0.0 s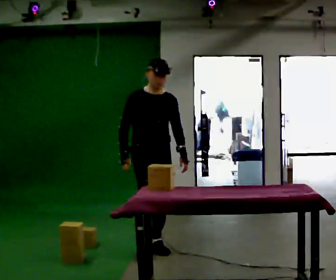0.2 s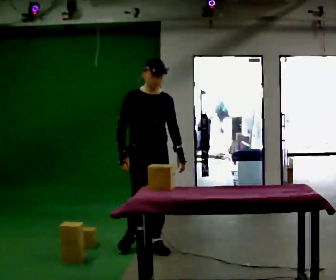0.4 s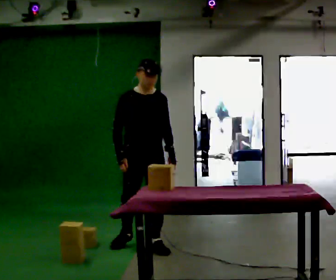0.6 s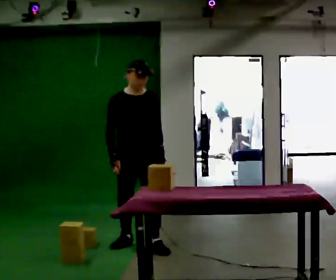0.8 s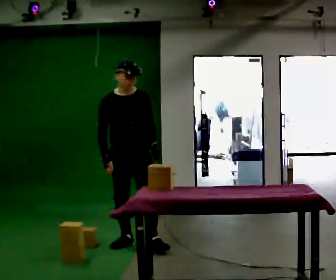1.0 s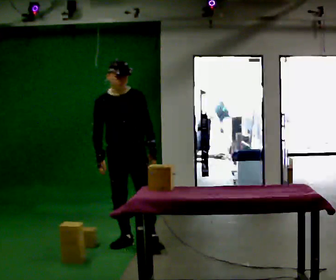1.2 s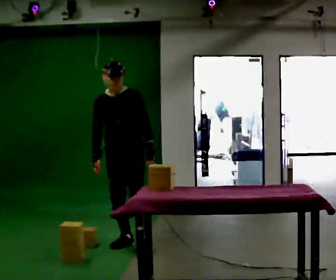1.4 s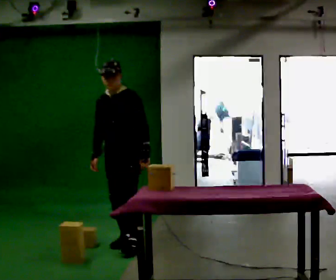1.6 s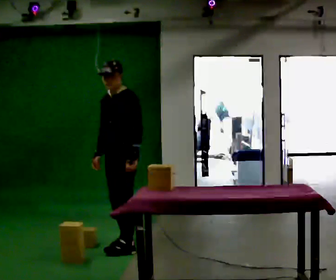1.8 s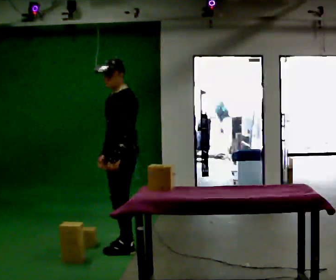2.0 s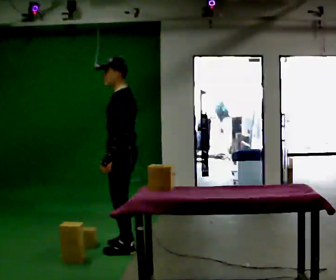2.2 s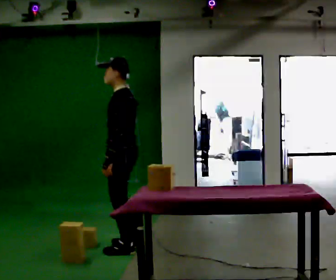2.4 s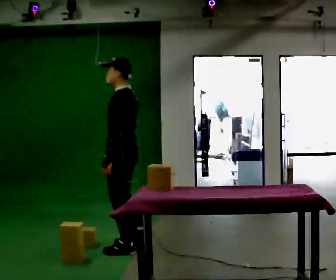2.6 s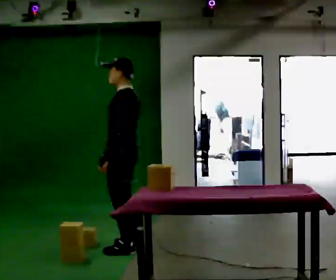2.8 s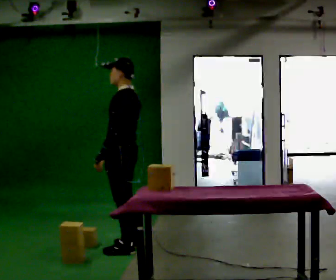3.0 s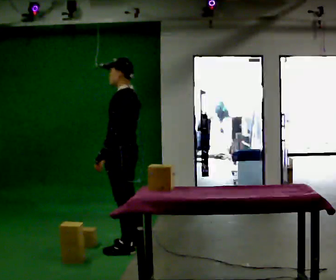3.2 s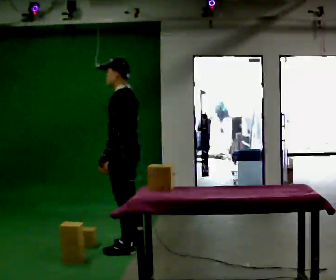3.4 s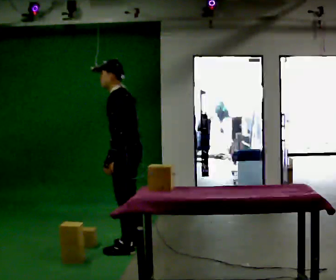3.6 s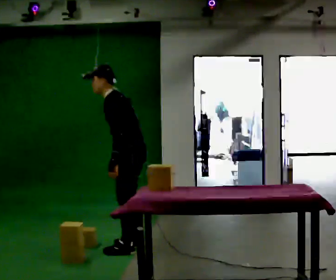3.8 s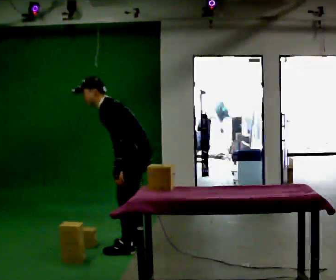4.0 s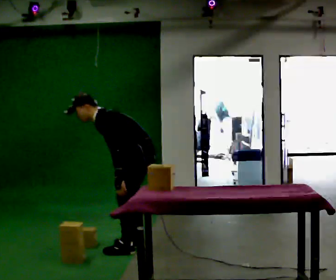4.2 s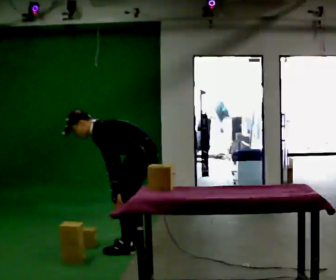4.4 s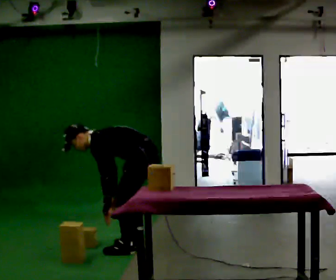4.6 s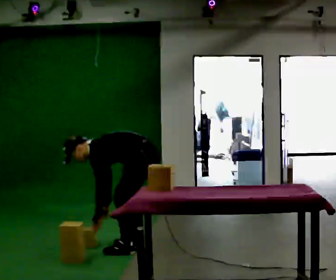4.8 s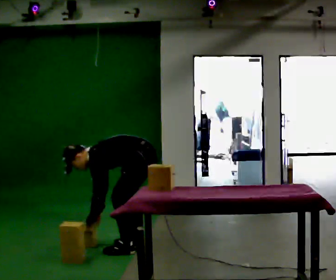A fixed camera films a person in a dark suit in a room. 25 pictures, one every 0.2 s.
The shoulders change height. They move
downward.
Their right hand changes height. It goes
downward.
0.0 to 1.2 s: The person turns about 45 degrees to their right, clockwise seen from above, so the part of the body nearest the lens slides to the left. In the picture they go away from the camera and to the left, about 0.25 m in 1 step, which for them is backward and to their right.
1.2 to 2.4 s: The person turns about 75 degrees to their right, clockwise seen from above, so the part of the body nearest the lens slides to the left. In the picture they go toward the camera, about 0.25 m in 1 step. In the picture their left hand goes to the left, the arm swinging clockwise.
2.4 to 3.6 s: In the picture the upper body tilts counterclockwise, shoulders to the left, as they bend forward.
3.6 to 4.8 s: The upper body goes downward. In the picture the upper body tilts counterclockwise, shoulders to the left, as they bend forward. In the picture their left hand goes downward.
The film runs backward here.
